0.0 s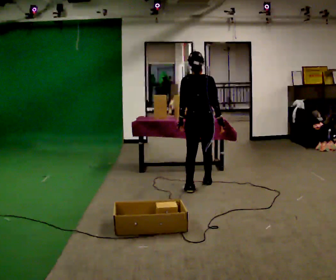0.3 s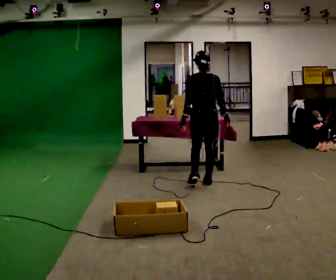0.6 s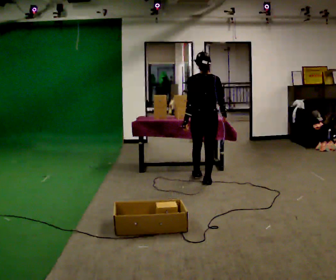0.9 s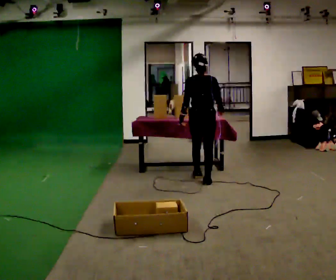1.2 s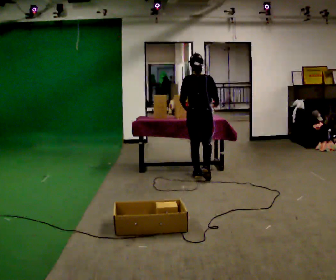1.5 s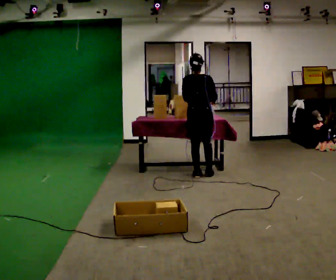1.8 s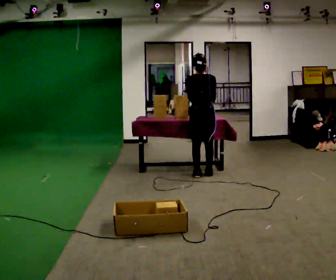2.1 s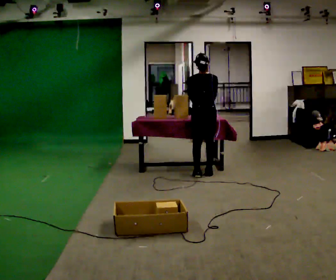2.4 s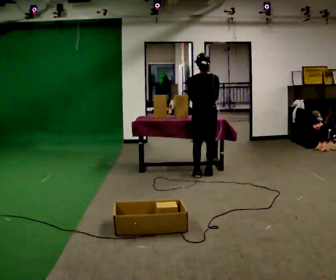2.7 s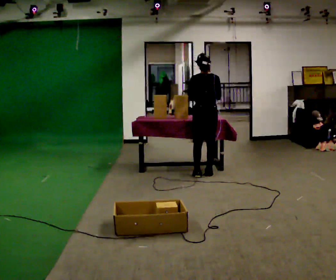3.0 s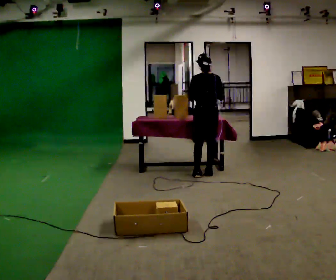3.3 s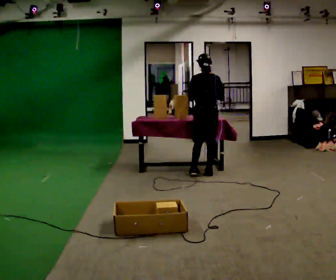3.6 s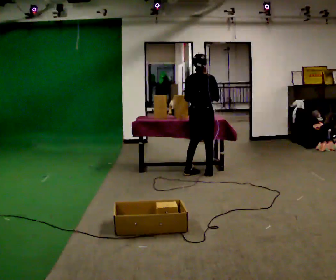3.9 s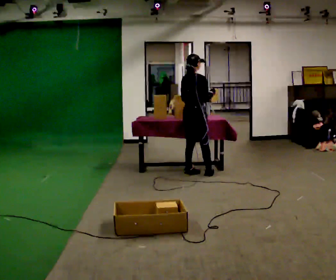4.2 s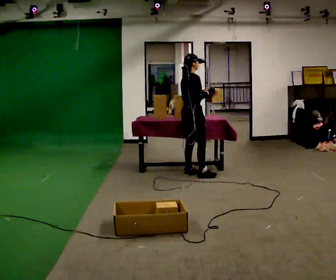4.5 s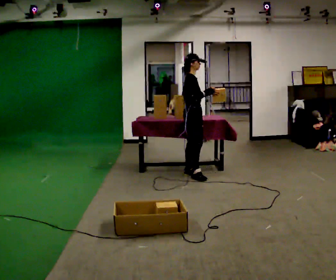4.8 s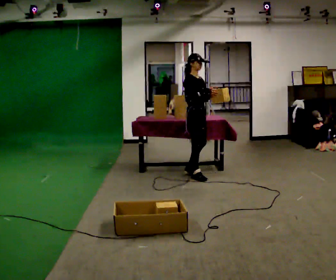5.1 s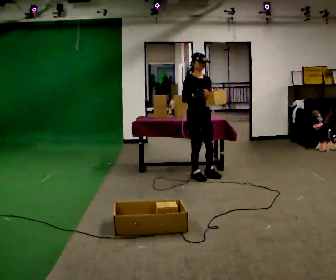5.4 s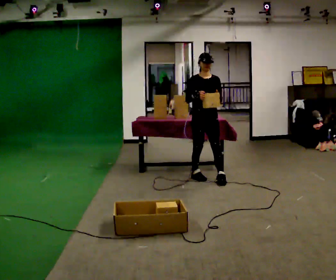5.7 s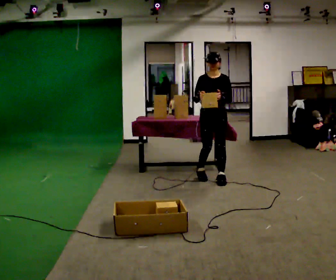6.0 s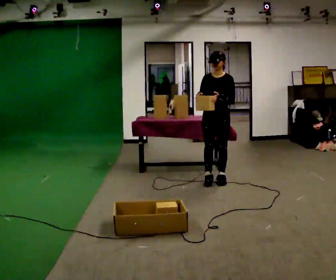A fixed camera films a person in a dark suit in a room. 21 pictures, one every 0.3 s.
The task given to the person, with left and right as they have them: Carry the object across the room, open the lid of the container, put the object inside, and close the lid again. Then go back for the next one. Keep going until the operator says stop; one object at a time, and do not rush between trips.
0.0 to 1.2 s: In the picture they go away from the camera, about 0.5 m in 1 step, which for them is forward.
1.2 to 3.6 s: The person moves a little, or ends about where they began.
3.6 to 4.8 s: The person turns about 90 degrees to their right, clockwise seen from above, so the part of the body nearest the lens slides to the left.
4.8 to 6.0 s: The part of the body nearest the lens slides to the left as the person turns to their right by about 90 degrees. In the picture they go to the right and toward the camera, about 0.5 m in 1 step.
The film runs forward here.
